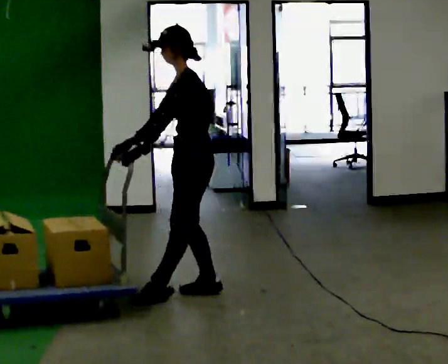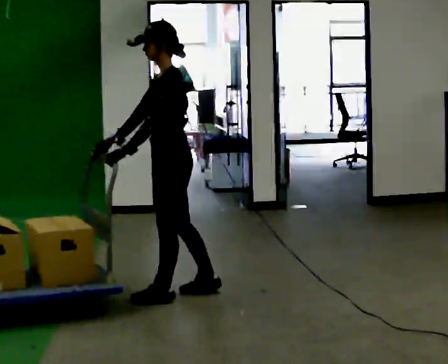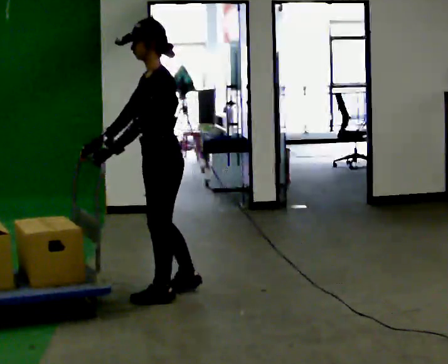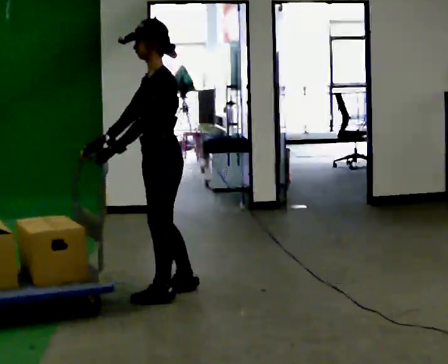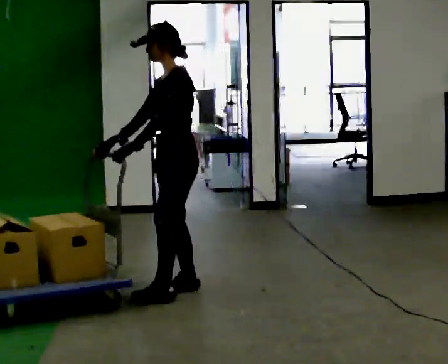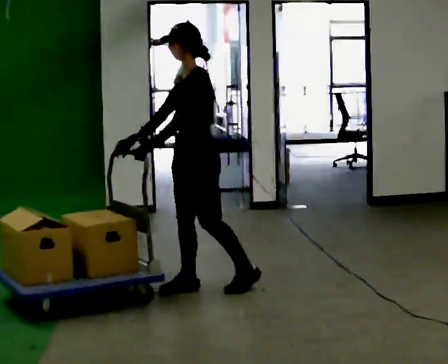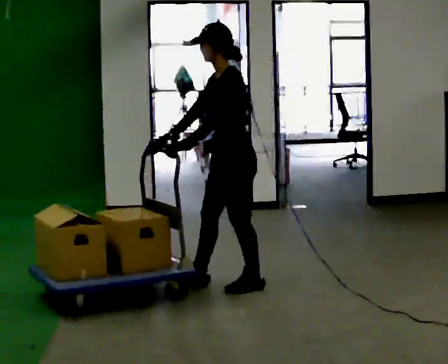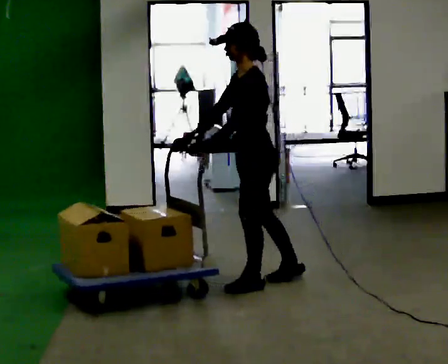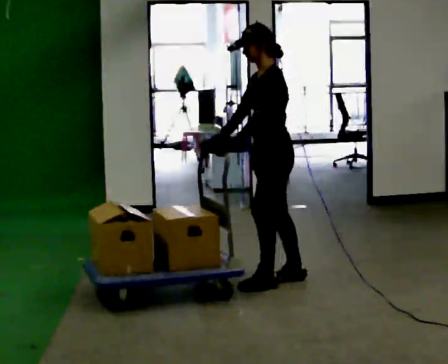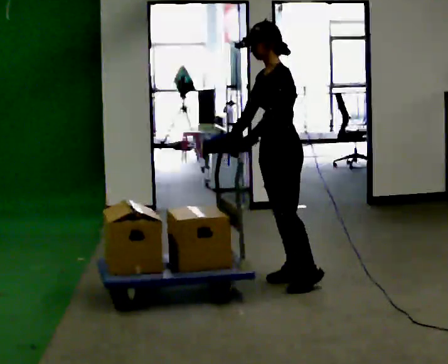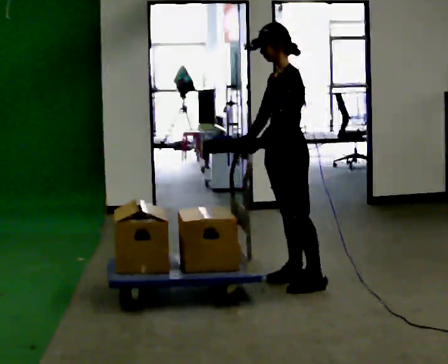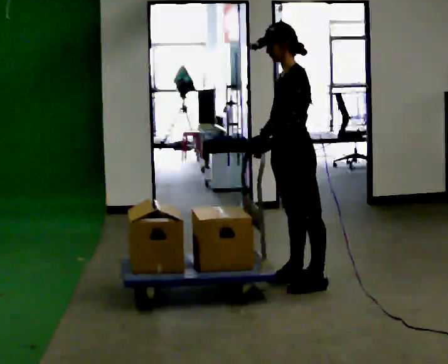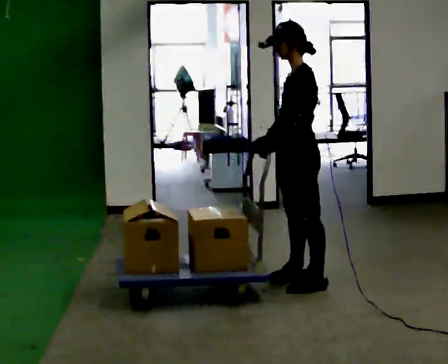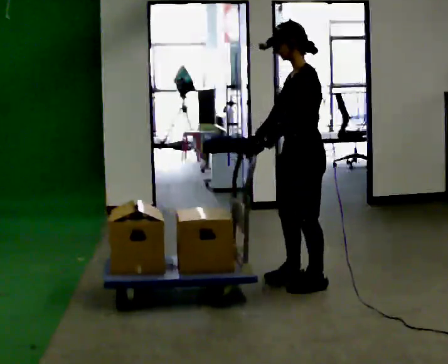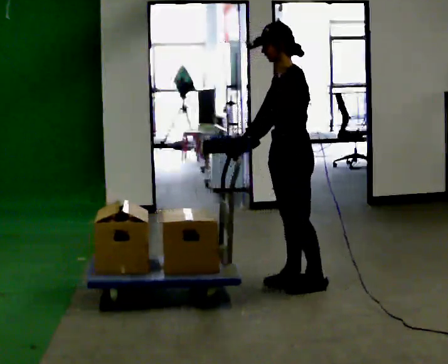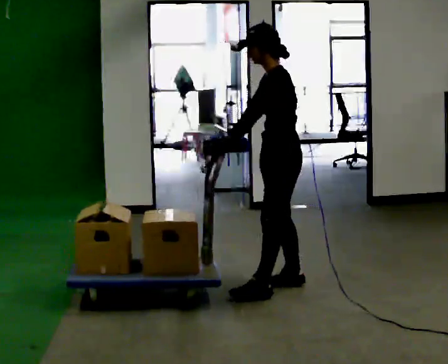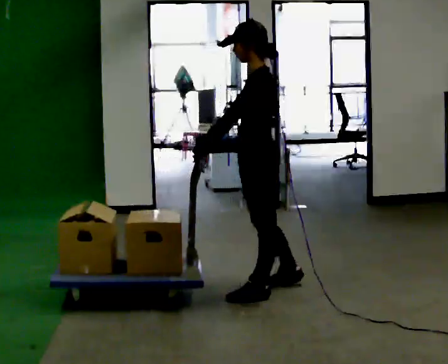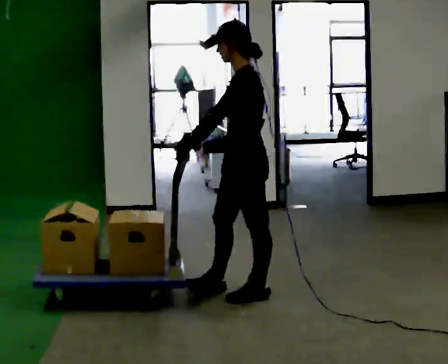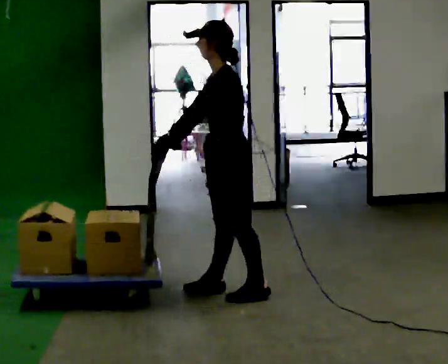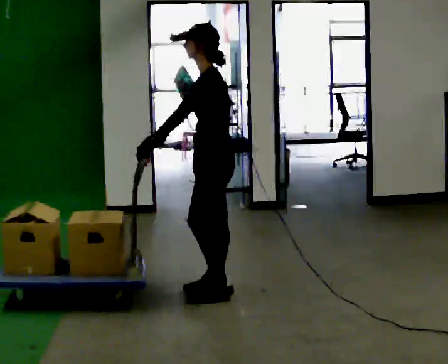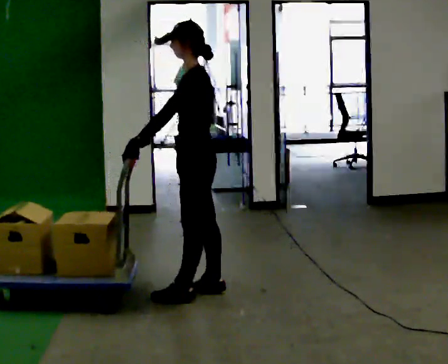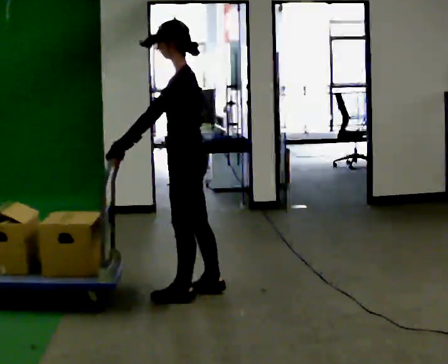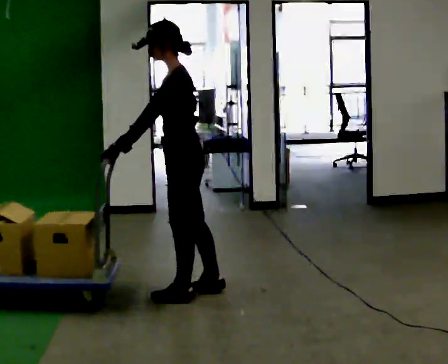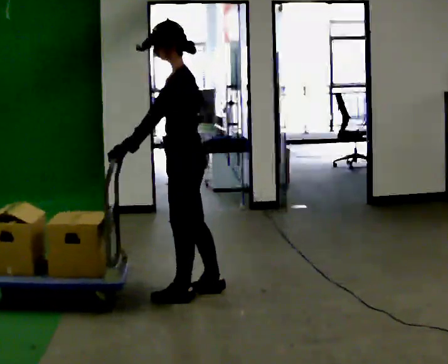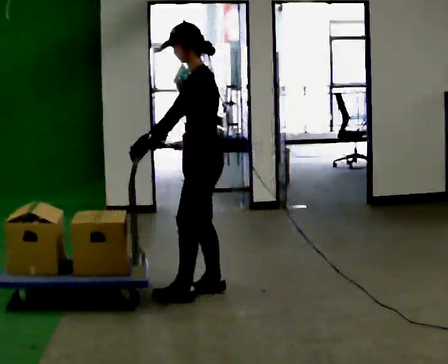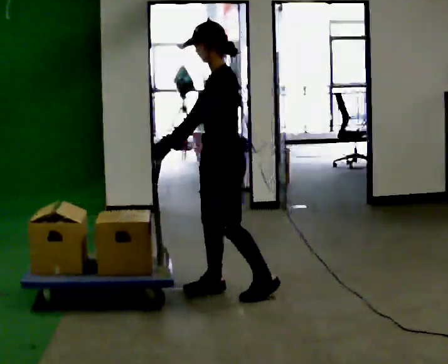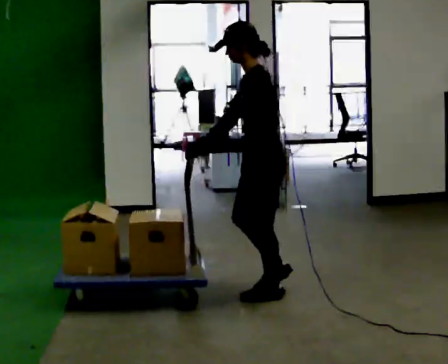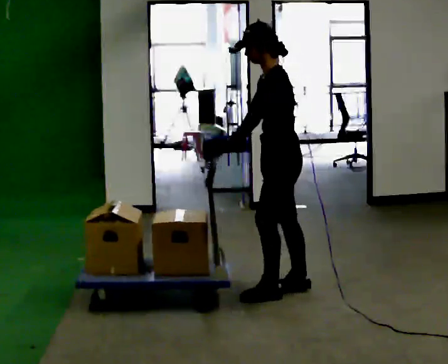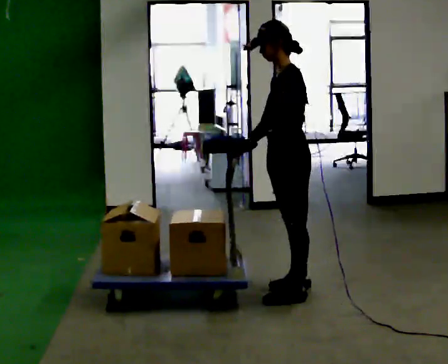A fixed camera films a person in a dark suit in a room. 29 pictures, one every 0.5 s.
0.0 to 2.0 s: The person moves a little, or ends about where they began.
2.0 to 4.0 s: In the picture they go to the right and away from the camera, about 0.5 m in 3 steps, which for them is backward.
4.0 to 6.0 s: In the picture they go to the right, about 0.25 m, which for them is backward and to their left.
6.0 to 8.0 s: In the picture they go to the left and toward the camera, about 0.25 m in 1 step, which for them is forward and to their left.
8.0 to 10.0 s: In the picture they go to the left, about 0.25 m in 2 steps, which for them is forward.
10.0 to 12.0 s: The person moves a little, or ends about where they began.
12.0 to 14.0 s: In the picture they go to the right, about 0.5 m in 2 steps, which for them is backward.
The film runs backward here.
